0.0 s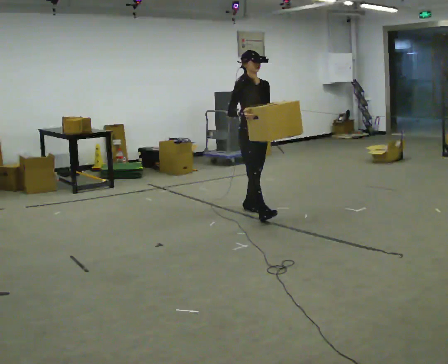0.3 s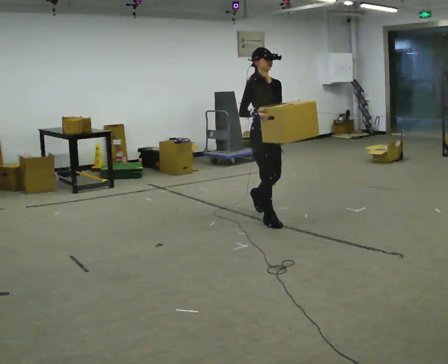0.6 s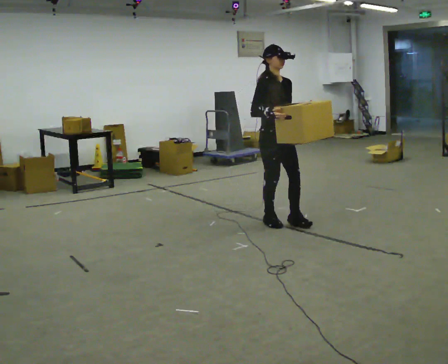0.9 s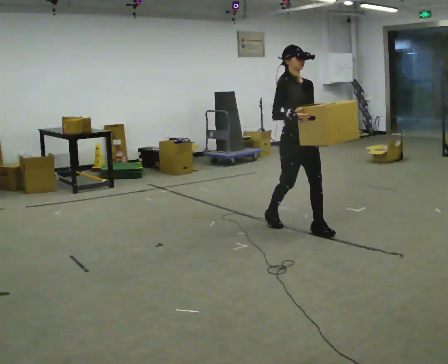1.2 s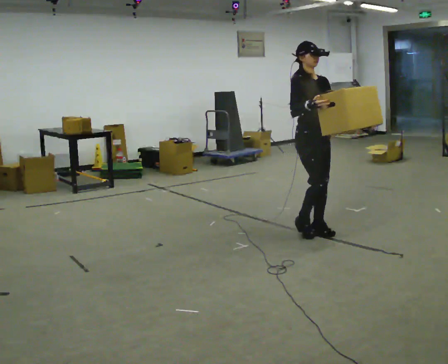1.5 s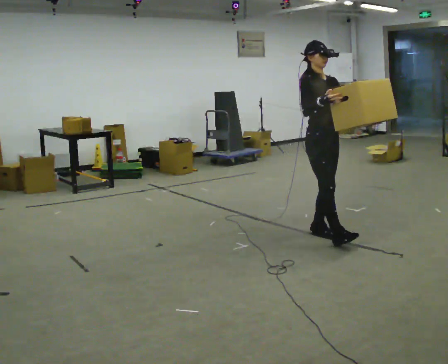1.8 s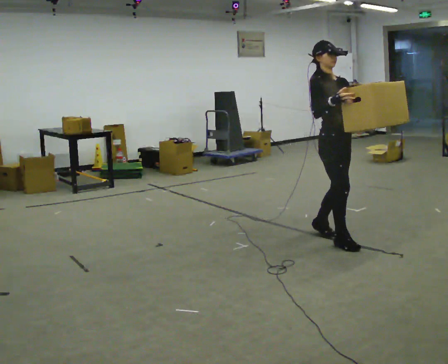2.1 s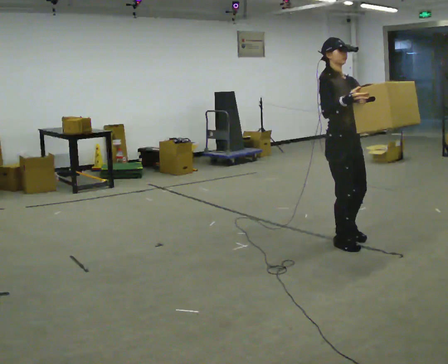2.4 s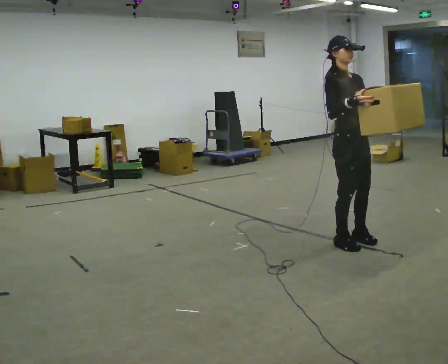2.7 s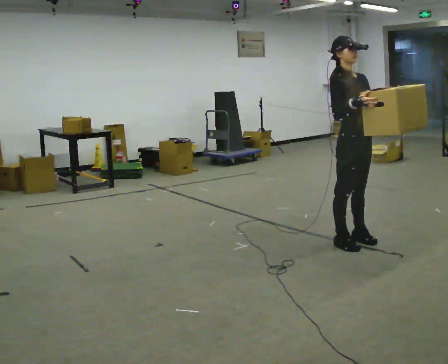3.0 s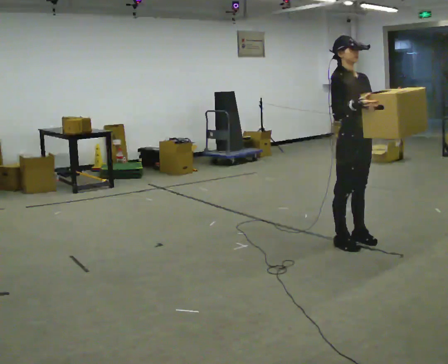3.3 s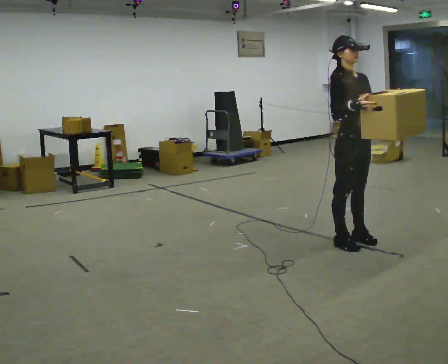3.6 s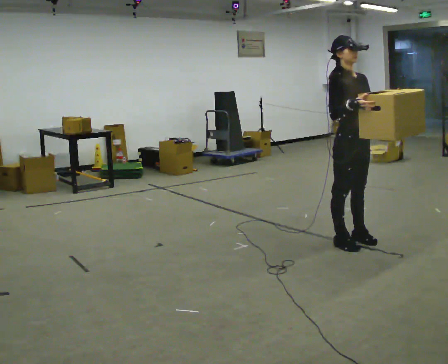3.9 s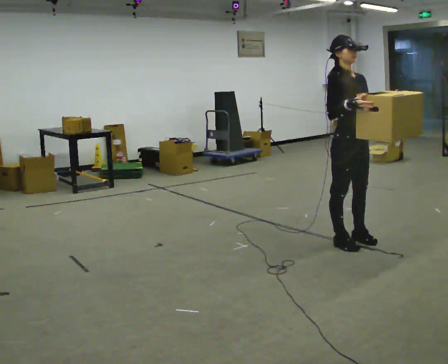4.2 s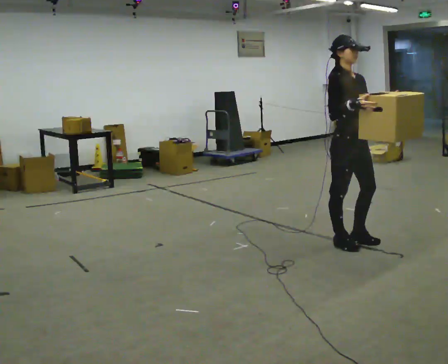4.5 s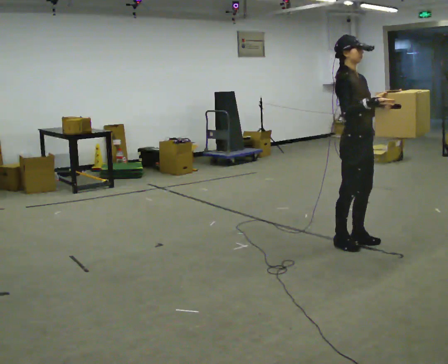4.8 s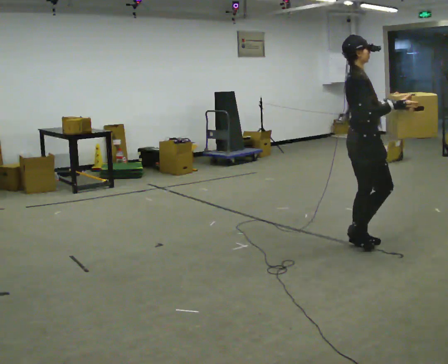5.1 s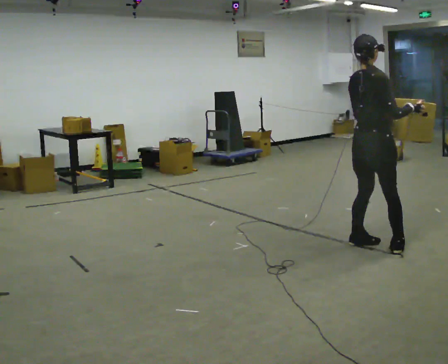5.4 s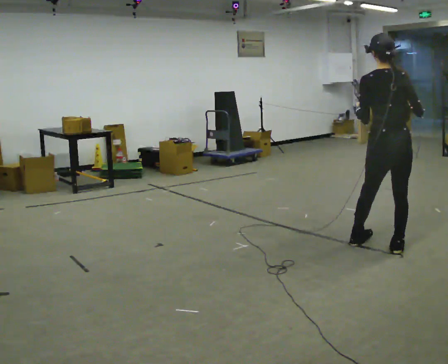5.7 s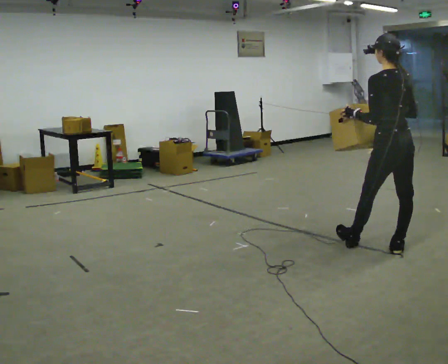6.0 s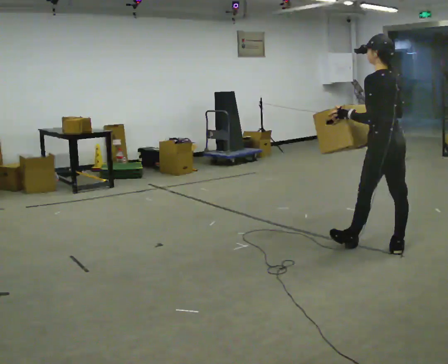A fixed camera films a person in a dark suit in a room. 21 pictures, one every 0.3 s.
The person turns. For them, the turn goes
to their left.
The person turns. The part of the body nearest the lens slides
to the right.
0.0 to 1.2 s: In the picture they go toward the camera and to the right, about 1 m in 2 steps, which for them is forward.
1.2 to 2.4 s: In the picture they go toward the camera and to the right, about 0.5 m in 2 steps, which for them is forward.
2.4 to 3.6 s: The person moves a little, or ends about where they began.
3.6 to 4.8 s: The person turns about 45 degrees to their left, counterclockwise seen from above, so the part of the body nearest the lens slides to the right. In the picture their right hand goes to the right.
4.8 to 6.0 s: The part of the body nearest the lens slides to the right as the person turns to their left by about 135 degrees. In the picture they go to the right, about 0.25 m in 1 step.
The film runs forward here.
